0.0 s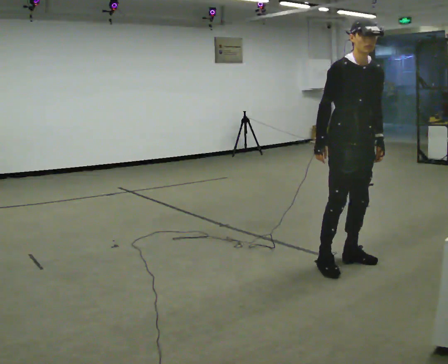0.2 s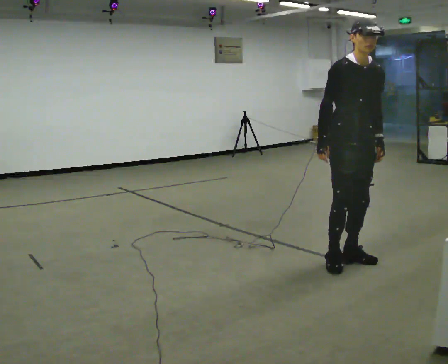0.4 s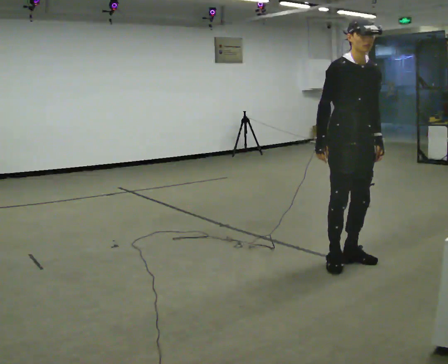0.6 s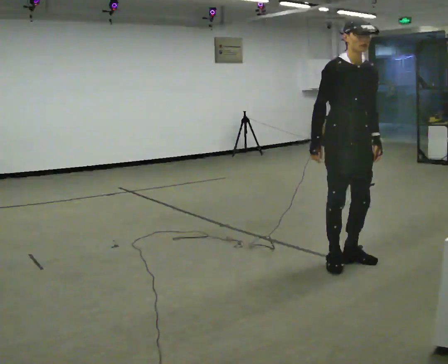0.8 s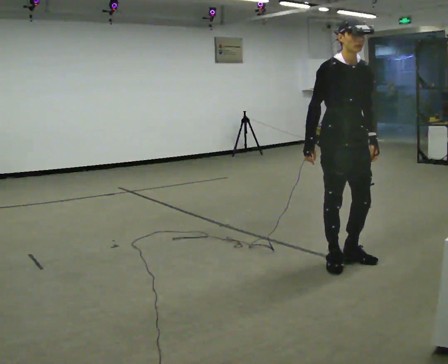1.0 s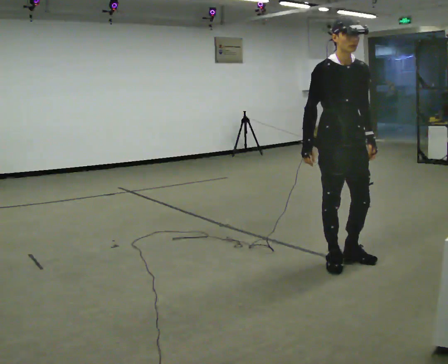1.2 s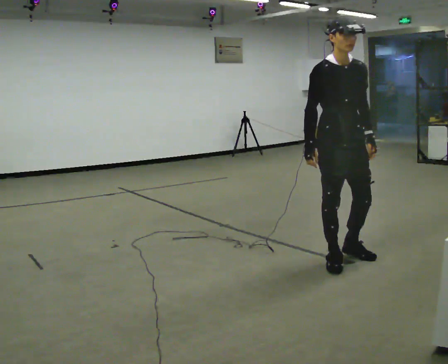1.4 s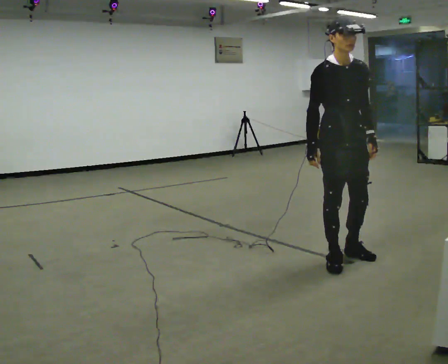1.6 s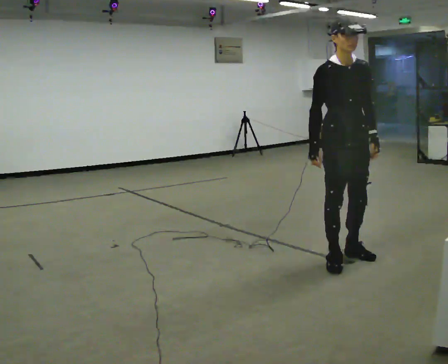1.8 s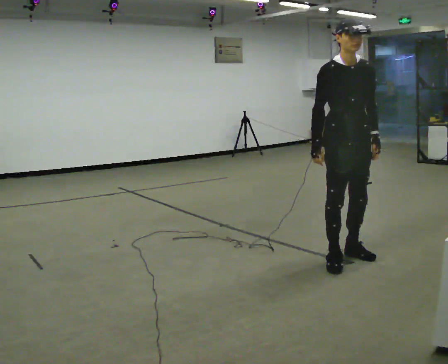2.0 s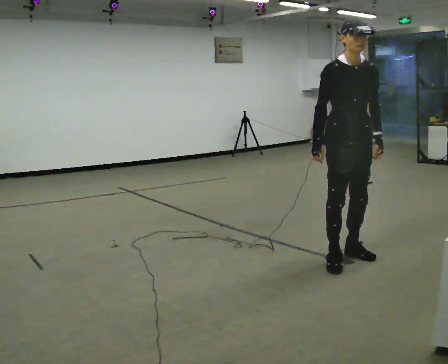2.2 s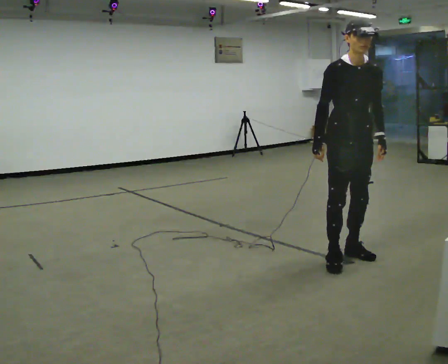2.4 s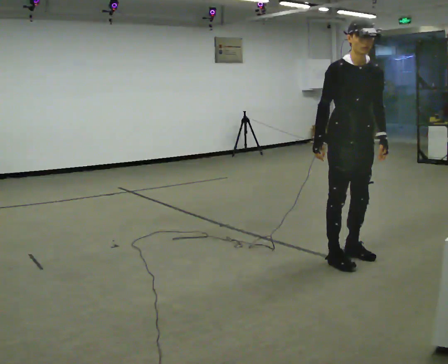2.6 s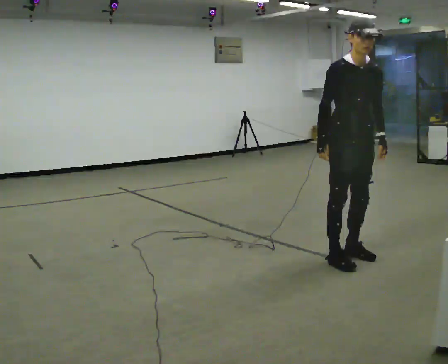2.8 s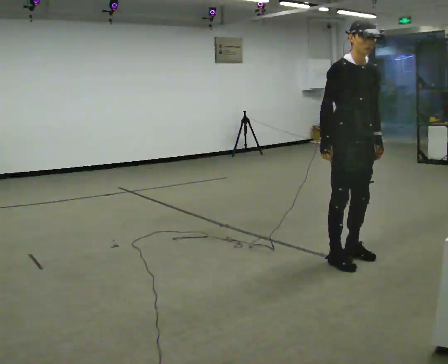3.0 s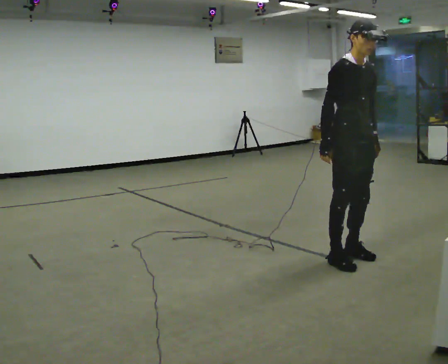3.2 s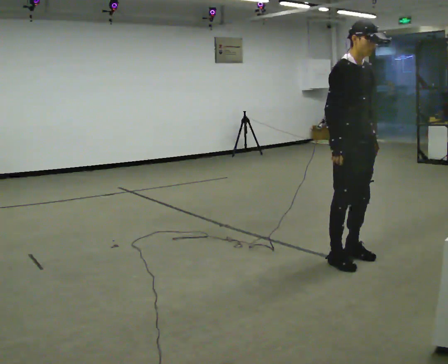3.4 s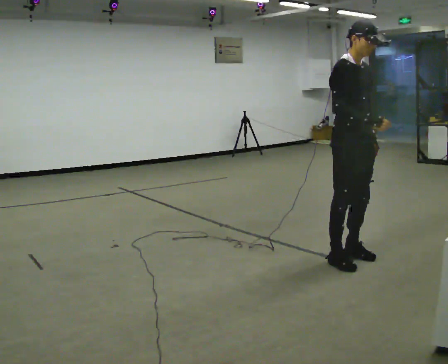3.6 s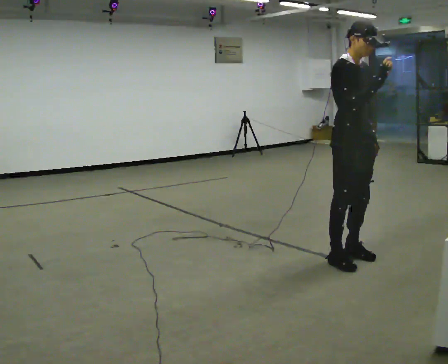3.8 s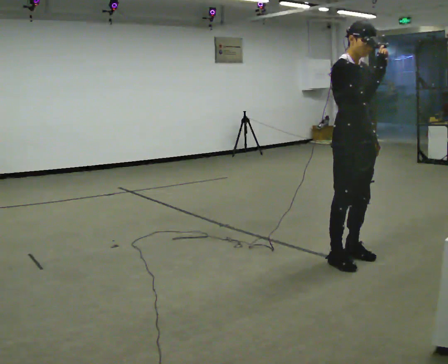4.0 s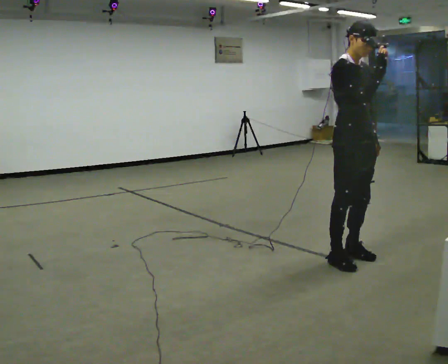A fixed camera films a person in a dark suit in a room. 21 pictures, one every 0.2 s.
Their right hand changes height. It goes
upward.
0.0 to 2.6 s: The person moves a little, or ends about where they began.
2.6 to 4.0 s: The part of the body nearest the lens slides to the right as the person turns to their left by about 30 degrees. In the picture their right hand goes upward and to the right.
The film runs backward here.
